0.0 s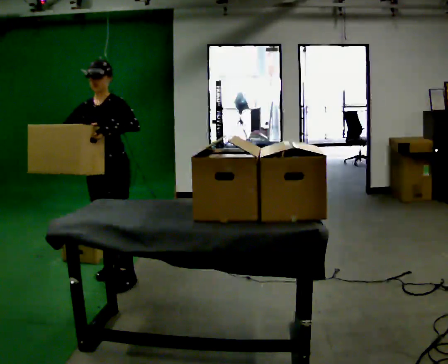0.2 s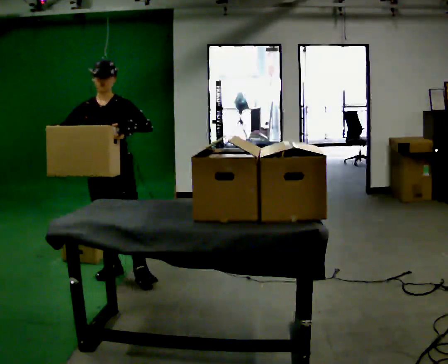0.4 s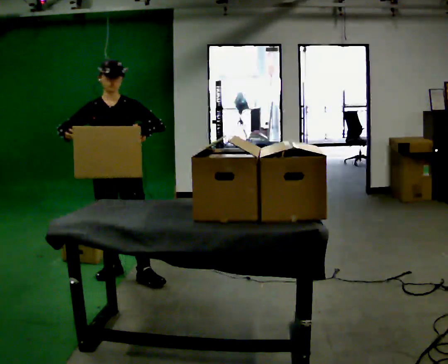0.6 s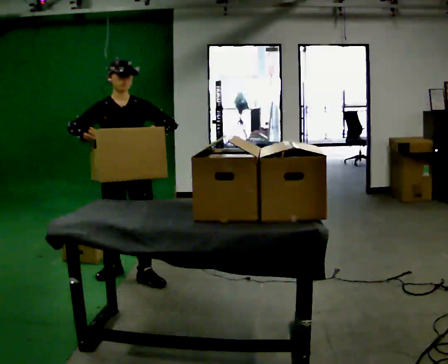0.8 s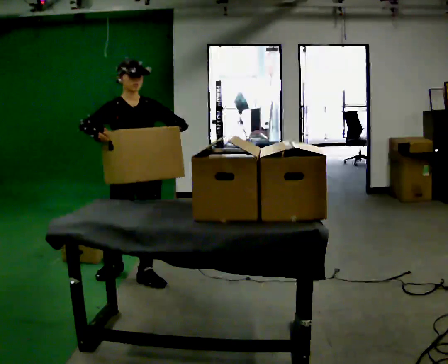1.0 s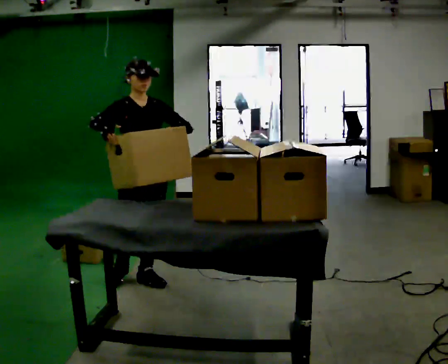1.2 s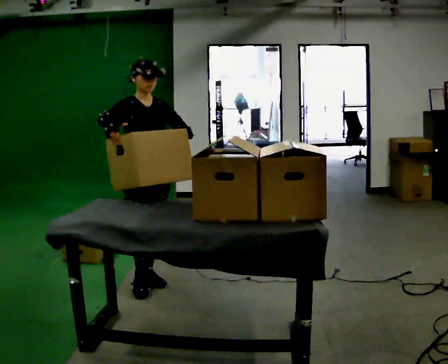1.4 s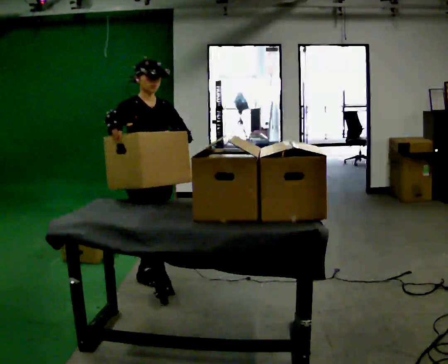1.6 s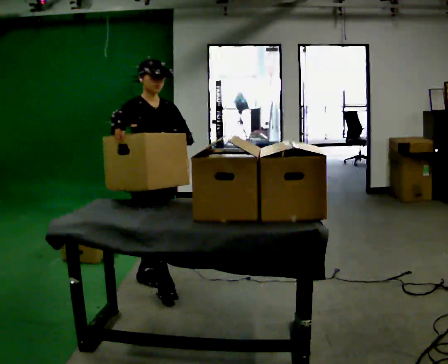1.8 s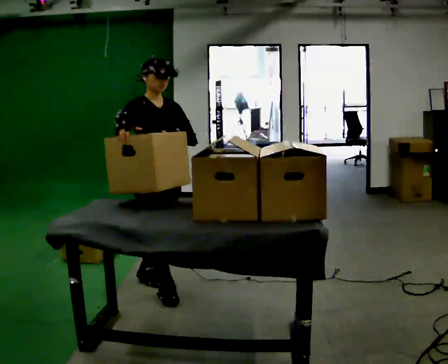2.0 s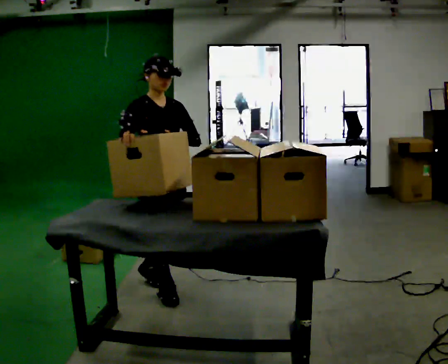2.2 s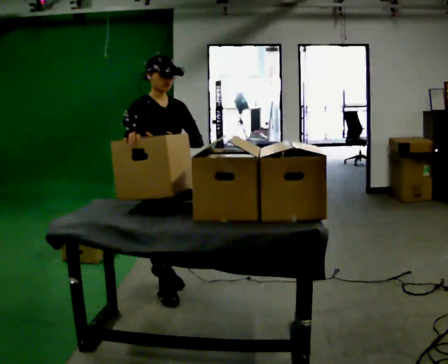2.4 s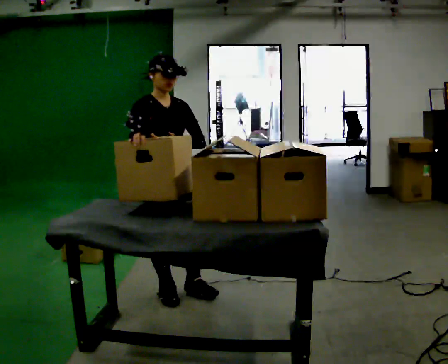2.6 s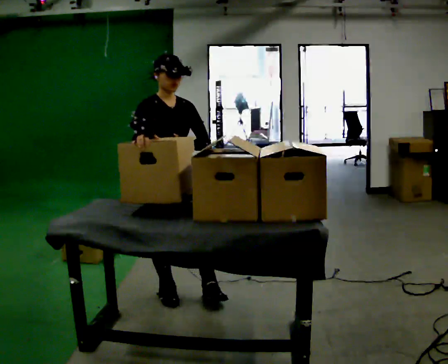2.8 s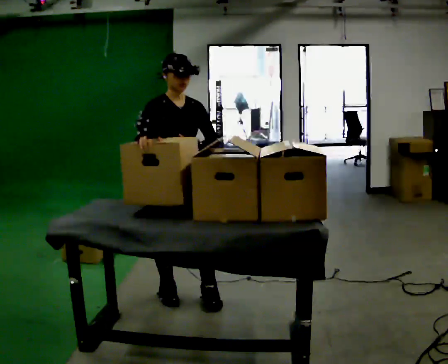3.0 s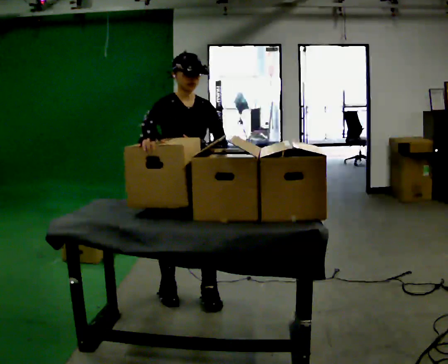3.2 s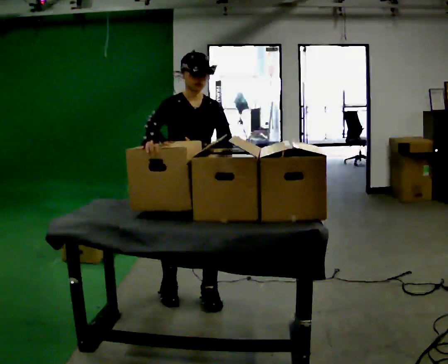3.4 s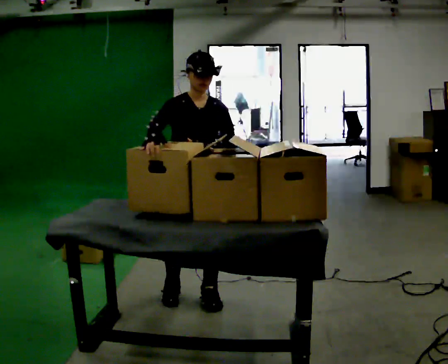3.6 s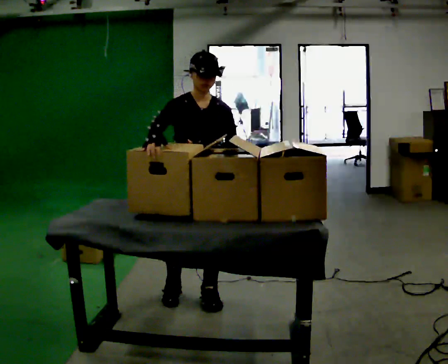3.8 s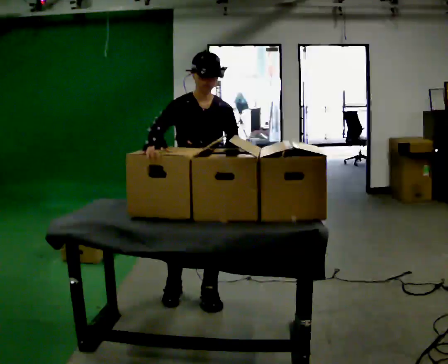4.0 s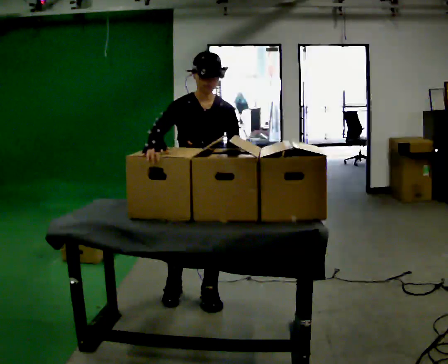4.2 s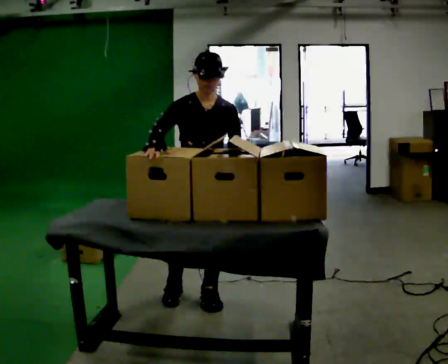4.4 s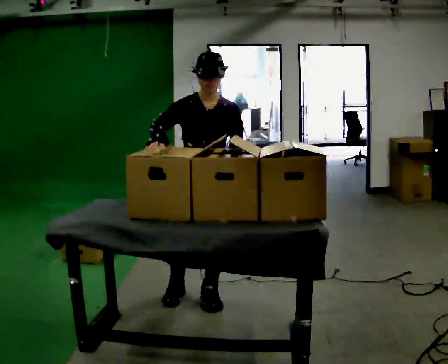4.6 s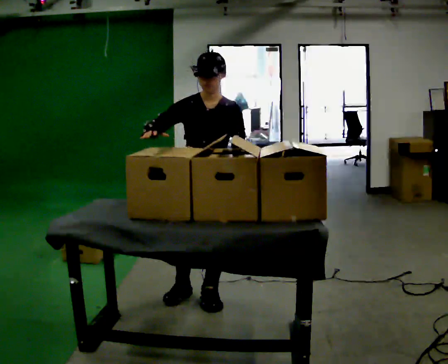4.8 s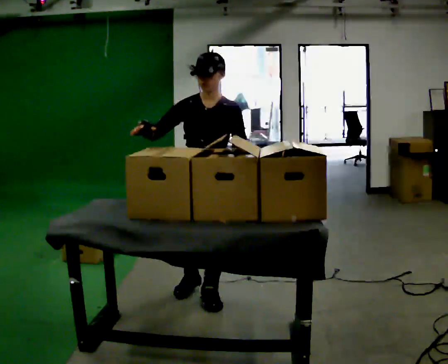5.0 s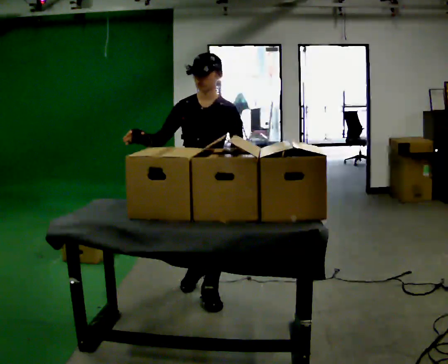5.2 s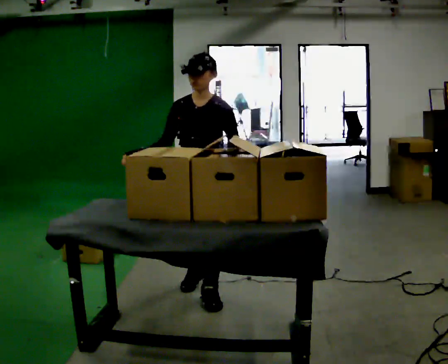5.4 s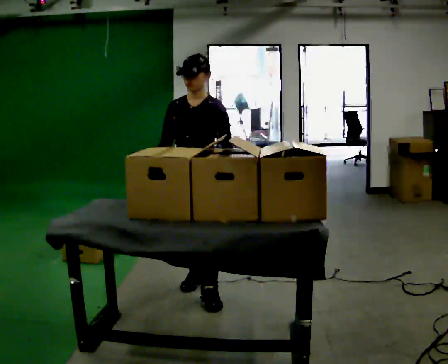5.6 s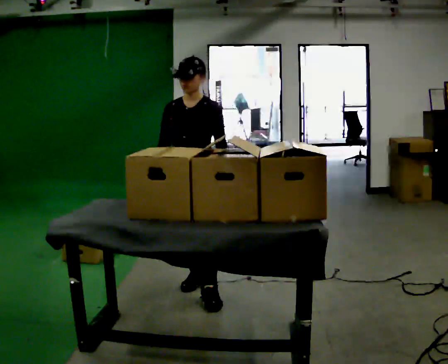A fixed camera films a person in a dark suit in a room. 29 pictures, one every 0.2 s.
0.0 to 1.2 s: The part of the body nearest the lens slides to the right as the person turns to their left by about 45 degrees. In the picture they go to the right, about 0.25 m in 1 step, which for them is to their left and forward.
1.2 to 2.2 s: In the picture they go toward the camera, about 0.25 m in 1 step, which for them is forward.
2.2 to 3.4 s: The part of the body nearest the lens slides to the left as the person turns to their right by about 30 degrees. In the picture they go to the right, about 0.25 m in 1 step, which for them is forward and to their left.
3.4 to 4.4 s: The person moves a little, or ends about where they began.
4.4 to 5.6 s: In the picture they go away from the camera, about 0.25 m in 1 step, which for them is backward and to their right. In the picture their right hand goes downward.
The film runs forward here.
